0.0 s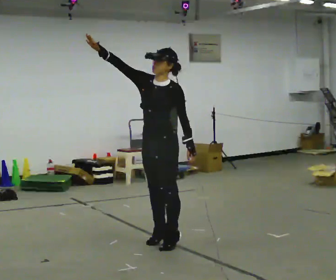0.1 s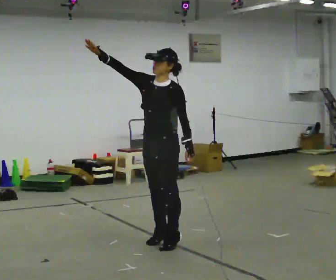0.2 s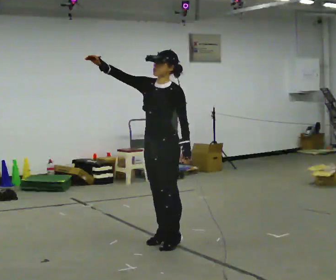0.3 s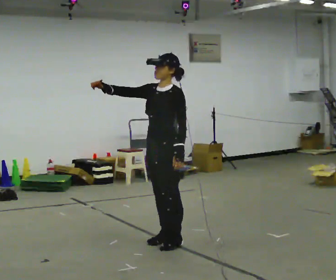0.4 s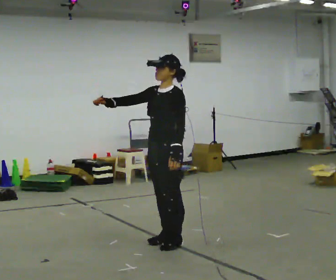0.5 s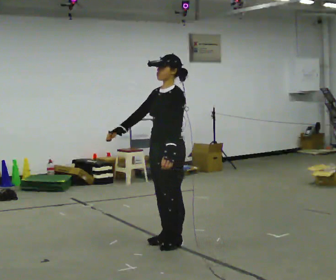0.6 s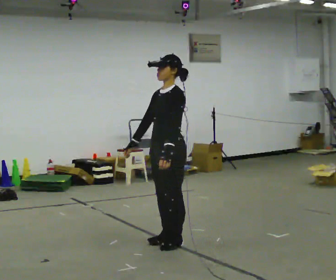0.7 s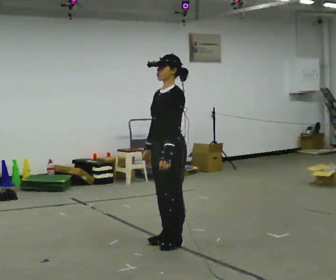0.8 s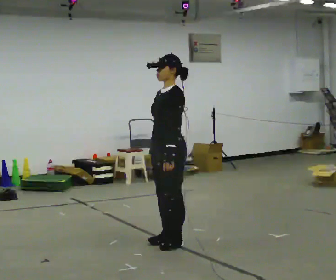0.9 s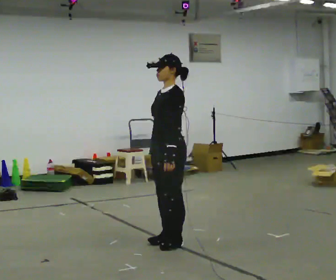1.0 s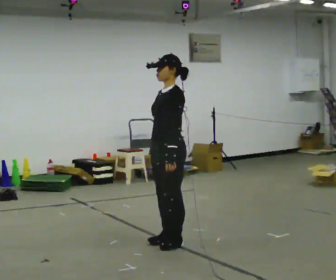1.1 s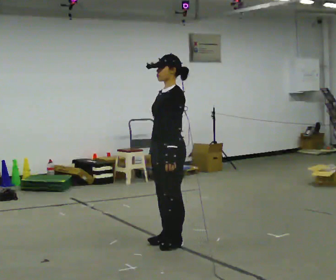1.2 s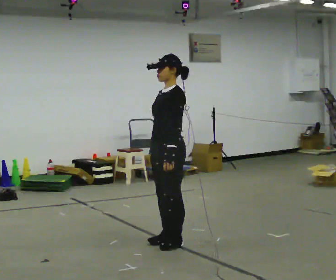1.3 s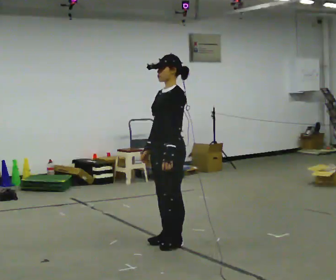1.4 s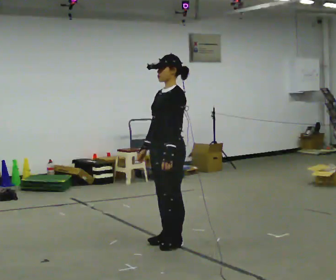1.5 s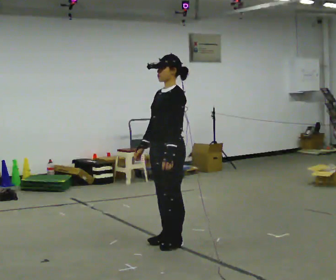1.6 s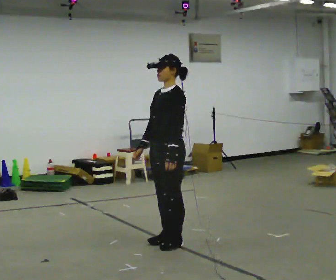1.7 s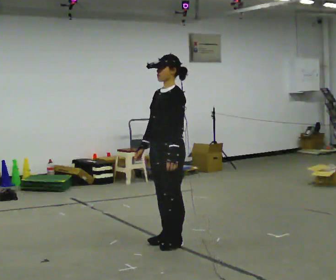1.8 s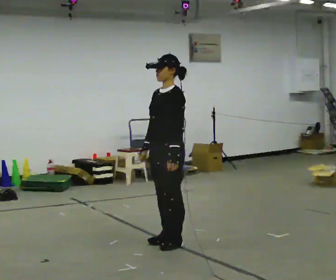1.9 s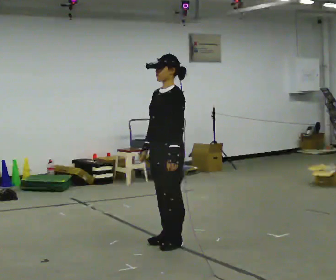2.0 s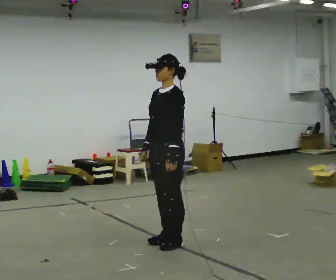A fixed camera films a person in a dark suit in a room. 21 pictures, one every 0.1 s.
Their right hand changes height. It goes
downward.
0.0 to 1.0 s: In the picture their right hand goes downward and to the right, the arm swinging counterclockwise.
1.0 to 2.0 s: The person moves a little, or ends about where they began.
The film runs forward here.
